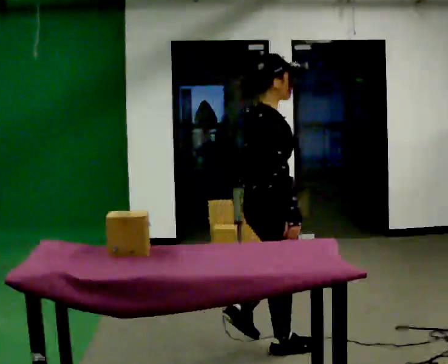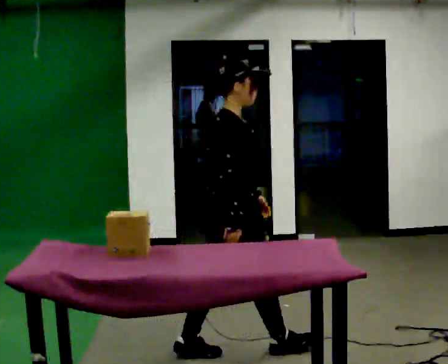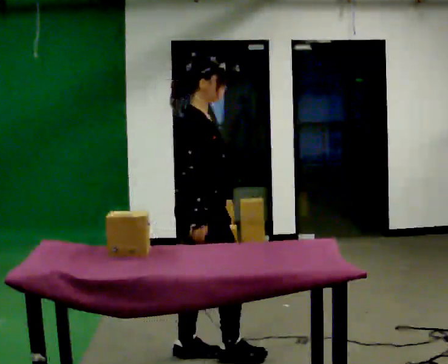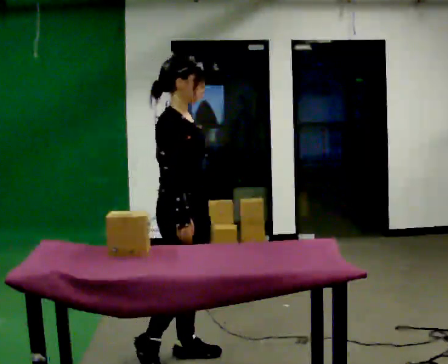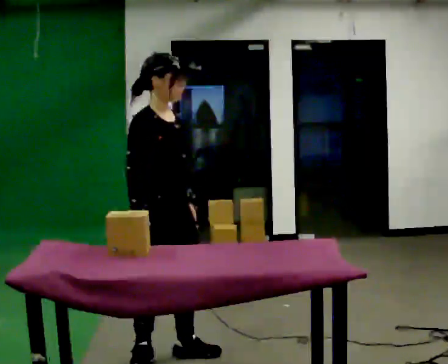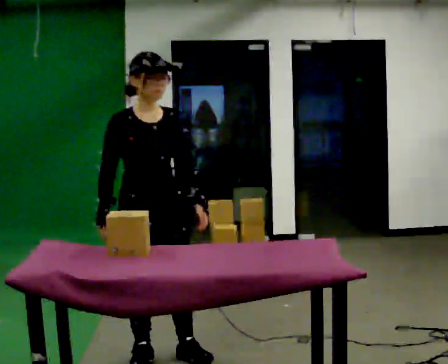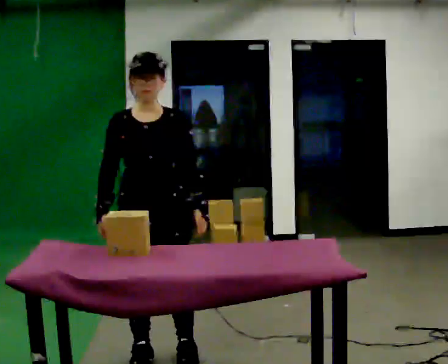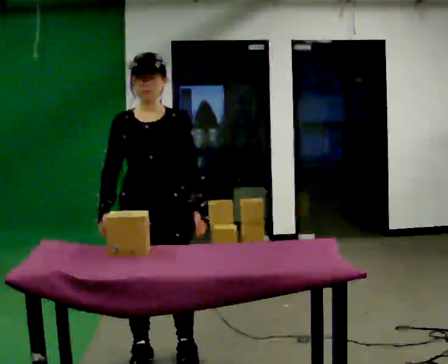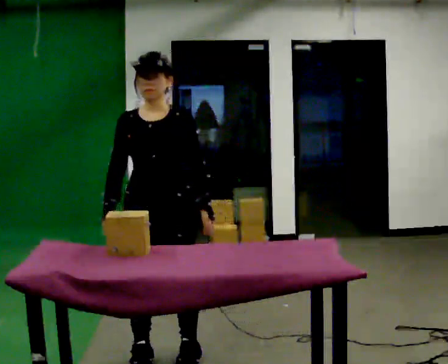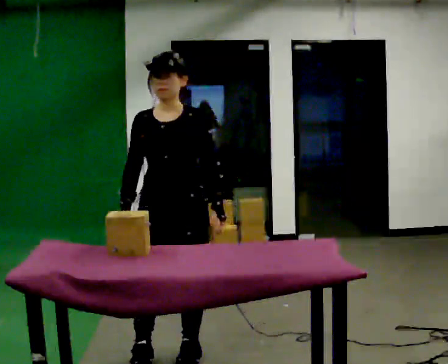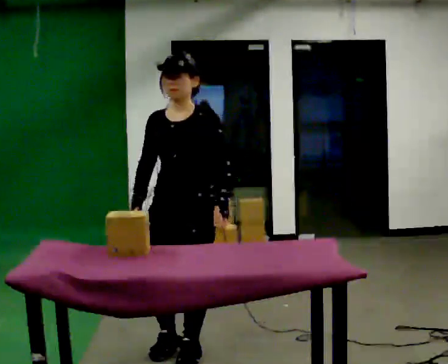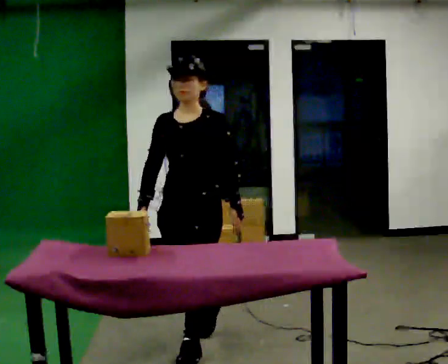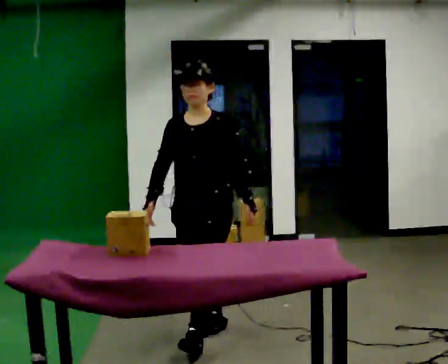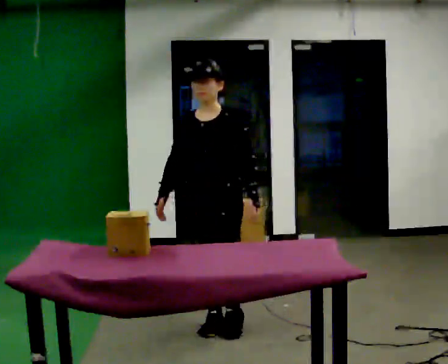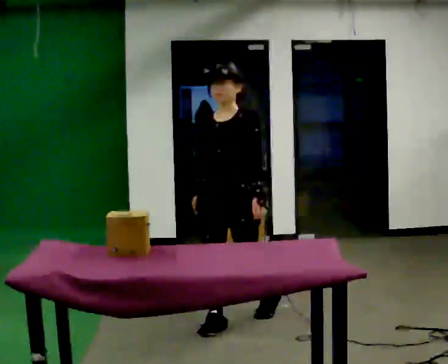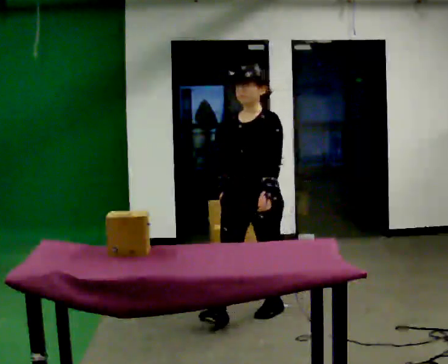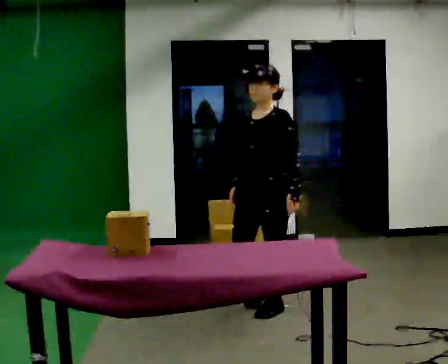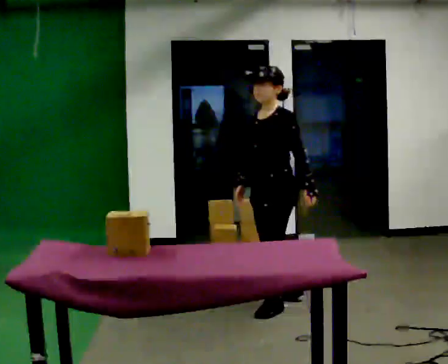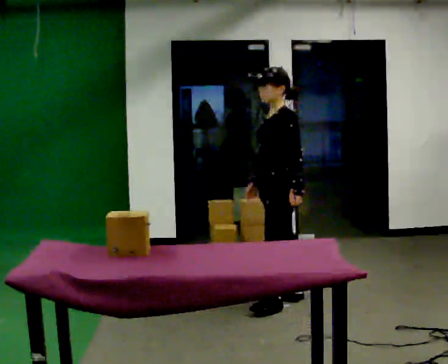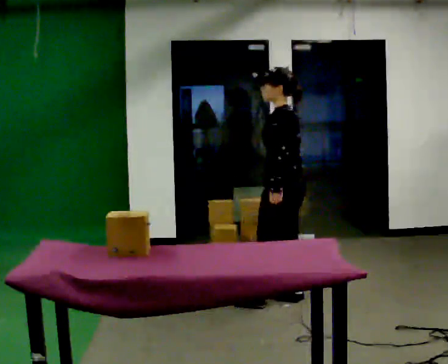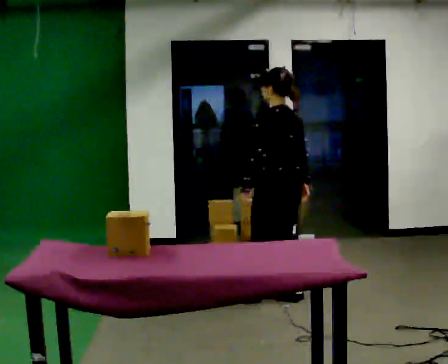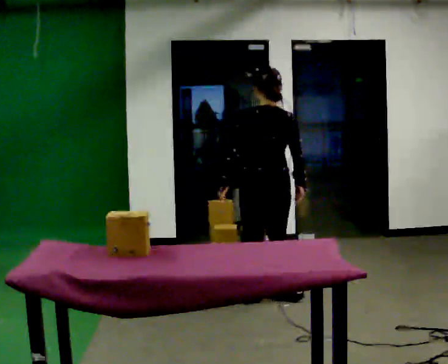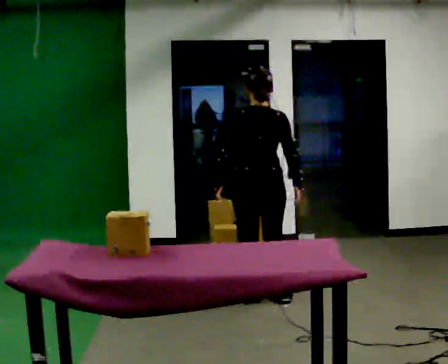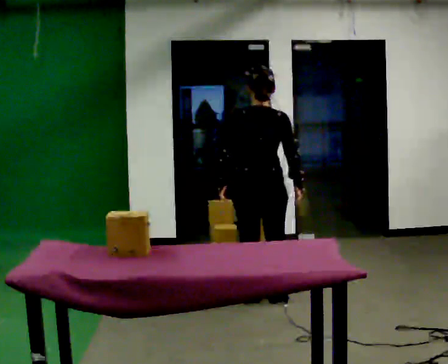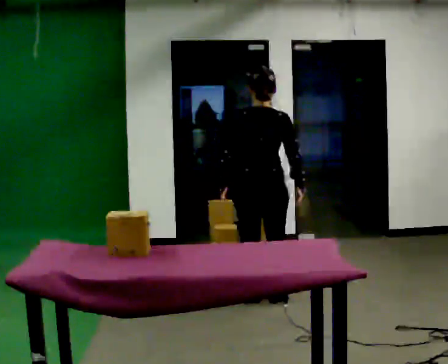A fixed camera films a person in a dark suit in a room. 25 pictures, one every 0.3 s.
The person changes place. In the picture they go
away from the camera.
The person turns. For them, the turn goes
to their right.
0.0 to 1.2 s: The part of the body nearest the lens slides to the left as the person turns to their right by about 45 degrees. In the picture they go to the left, about 0.5 m in 1 step, which for them is backward.
1.2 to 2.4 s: The part of the body nearest the lens slides to the left as the person turns to their right by about 60 degrees.
2.4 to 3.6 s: In the picture they go away from the camera and to the right, about 0.5 m in 1 step, which for them is backward.
3.6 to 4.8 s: In the picture they go away from the camera and to the right, about 0.75 m in 2 steps, which for them is backward.
4.8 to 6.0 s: Seen from above the body turns clockwise, about 90 degrees: to their right, with its near side sliding to the left. In the picture they go away from the camera, about 0.25 m in 1 step.
6.0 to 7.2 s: Seen from above the body turns clockwise, about 45 degrees: to their right, with its near side sliding to the left.
The film runs backward here.
